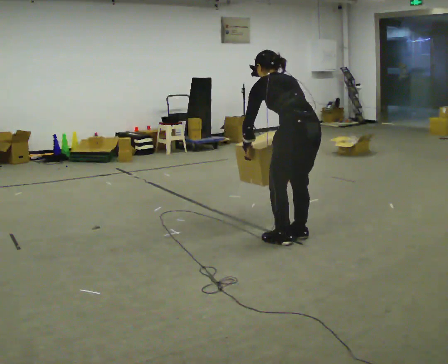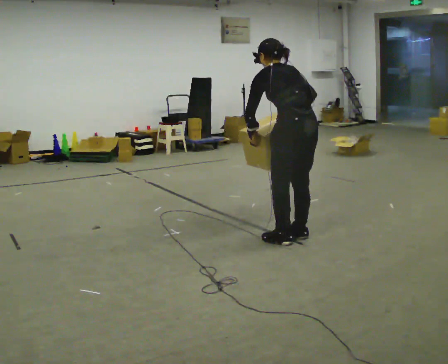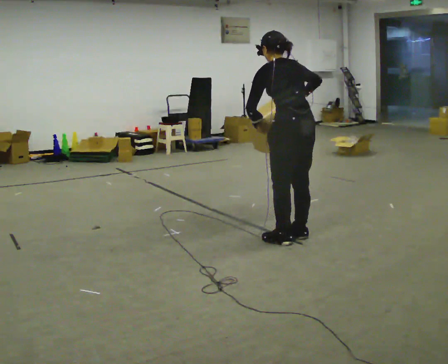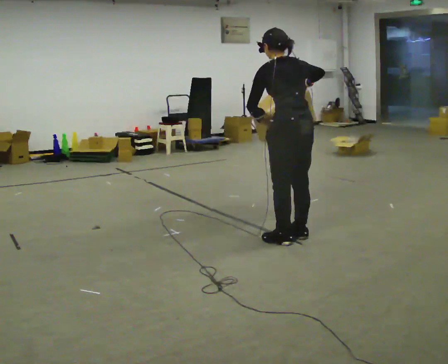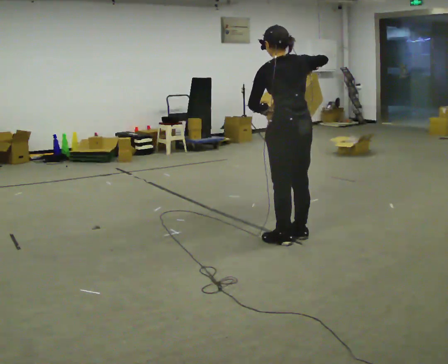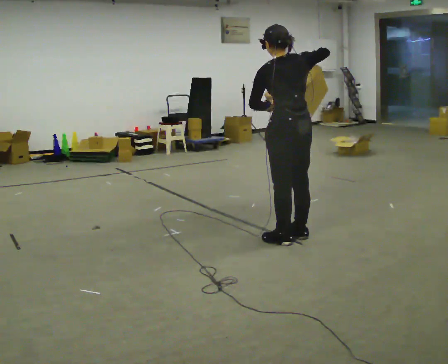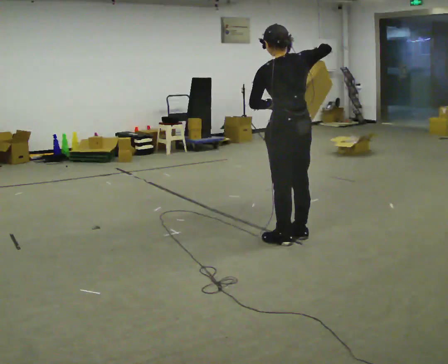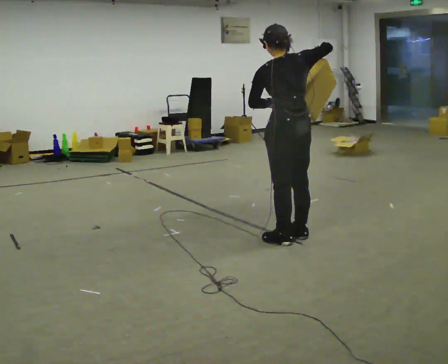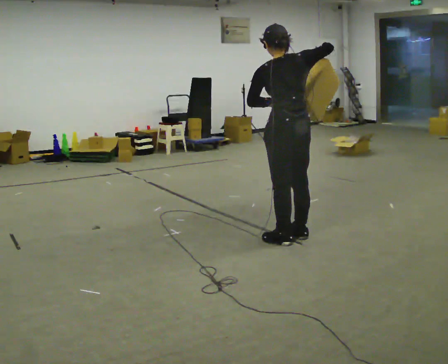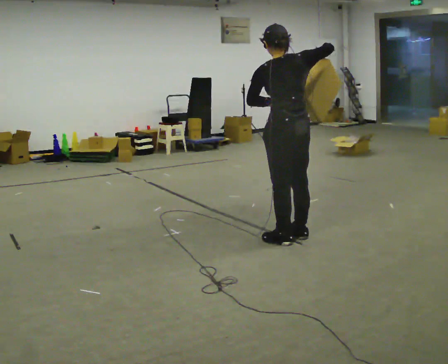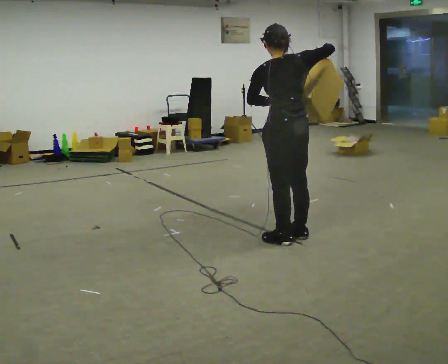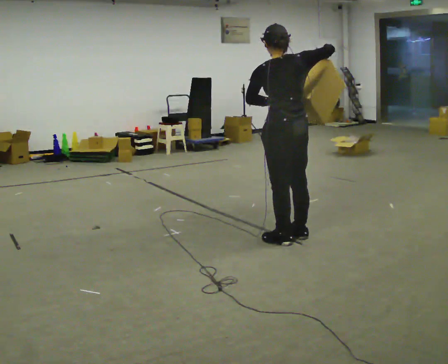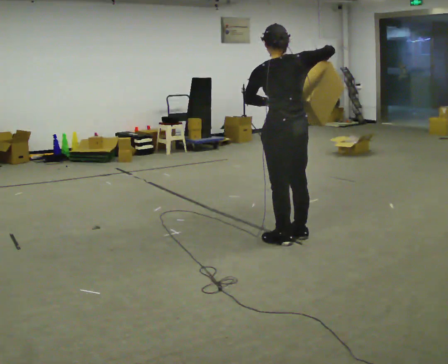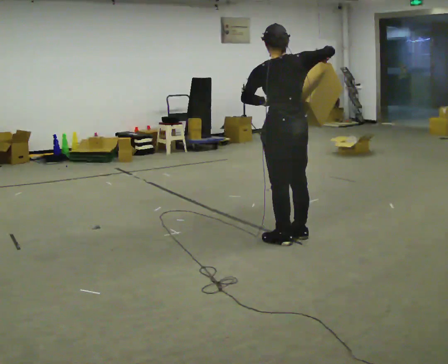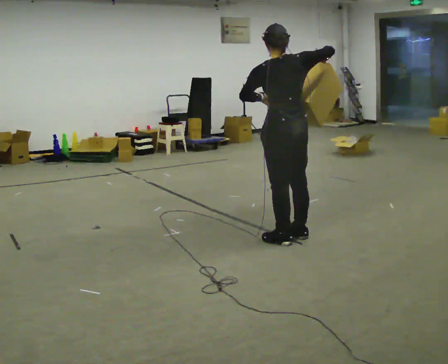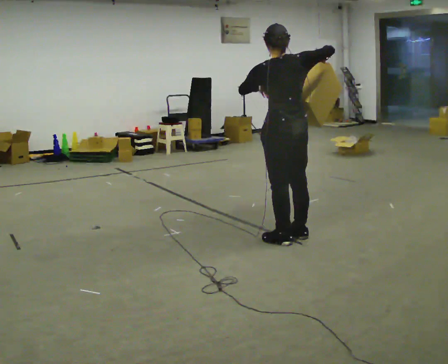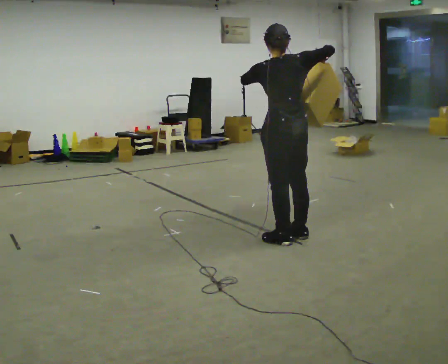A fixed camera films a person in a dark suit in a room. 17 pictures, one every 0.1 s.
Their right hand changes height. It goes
upward.
Their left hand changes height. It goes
upward.
0.0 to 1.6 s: The upper body tips toward the camera, its near side rolling downward, as they lean back or straighten. In the picture their left hand goes upward.
The film runs forward here.
